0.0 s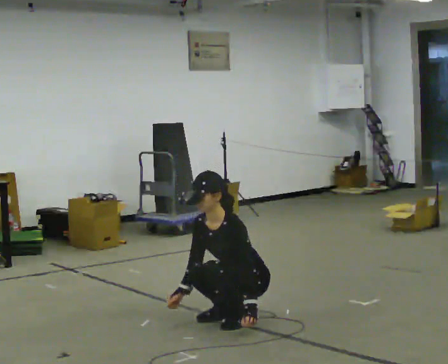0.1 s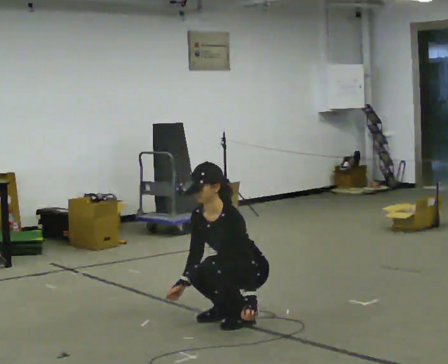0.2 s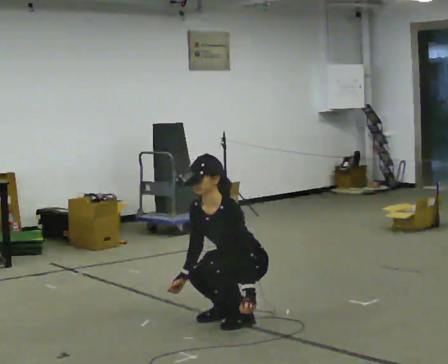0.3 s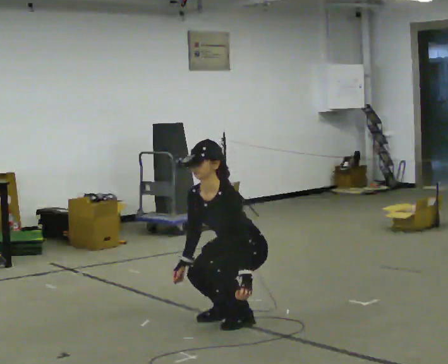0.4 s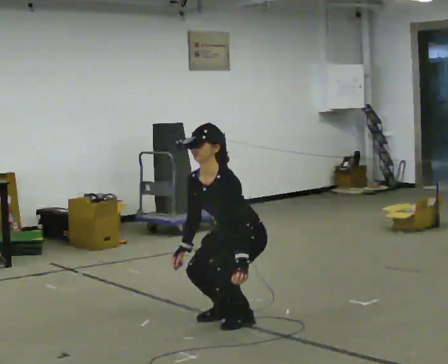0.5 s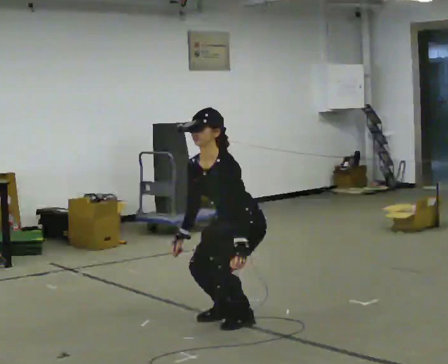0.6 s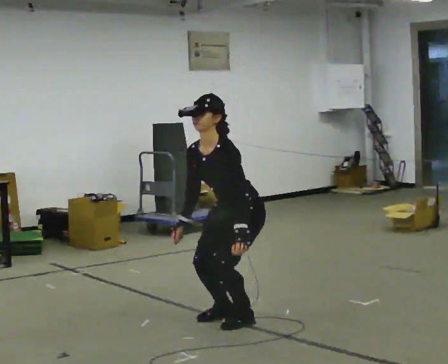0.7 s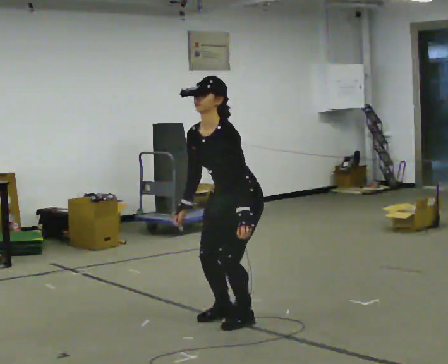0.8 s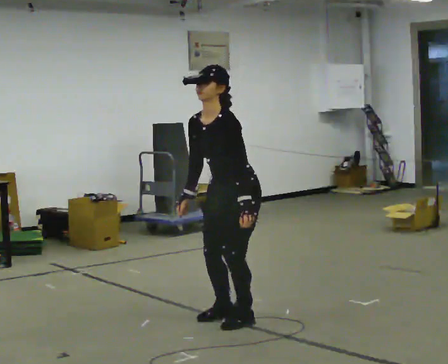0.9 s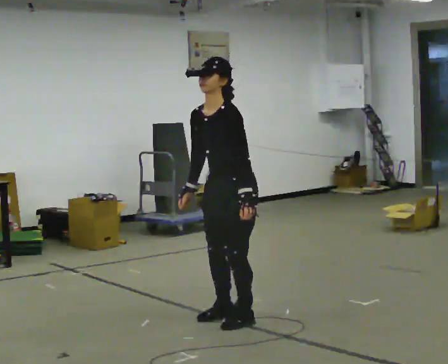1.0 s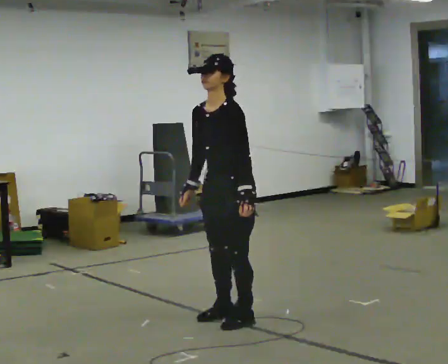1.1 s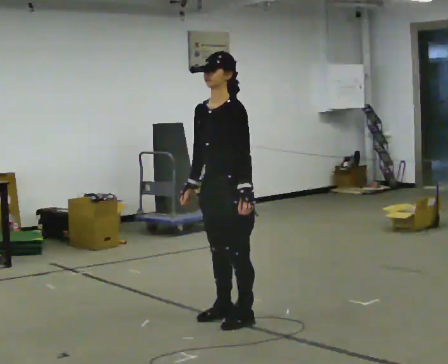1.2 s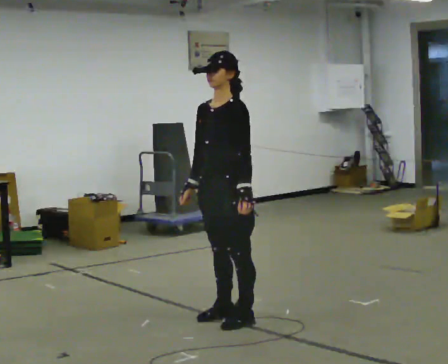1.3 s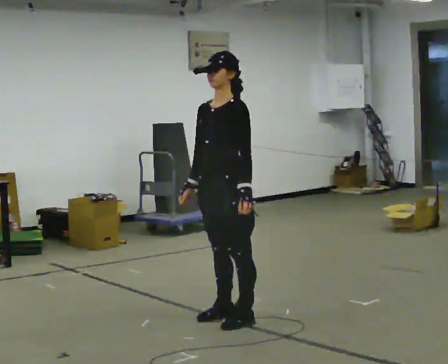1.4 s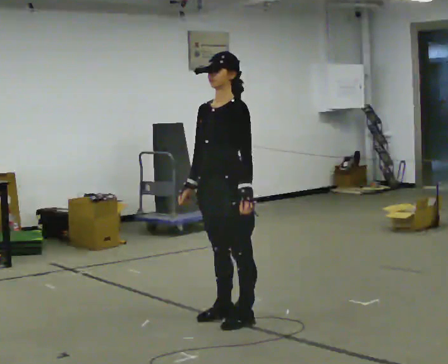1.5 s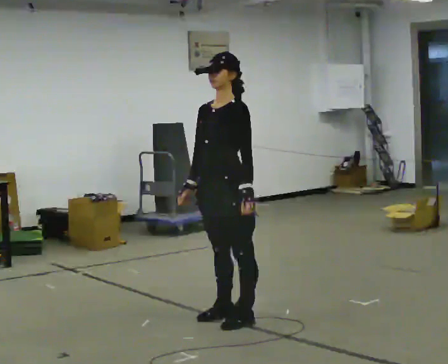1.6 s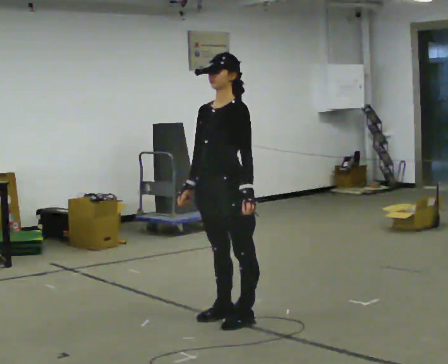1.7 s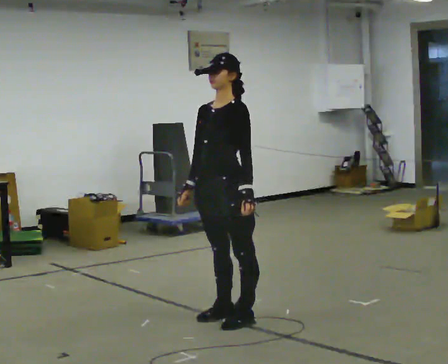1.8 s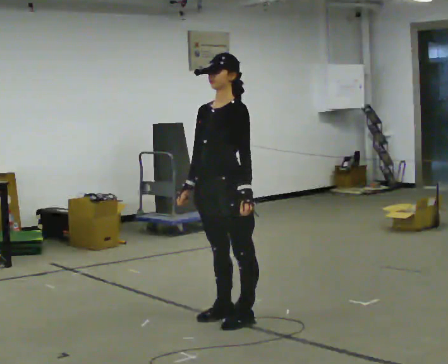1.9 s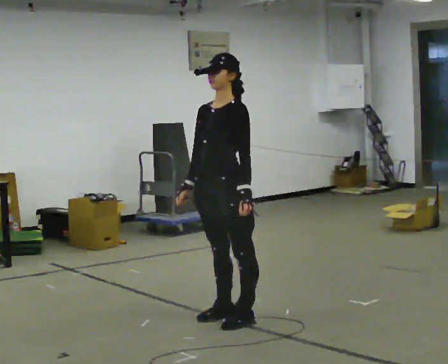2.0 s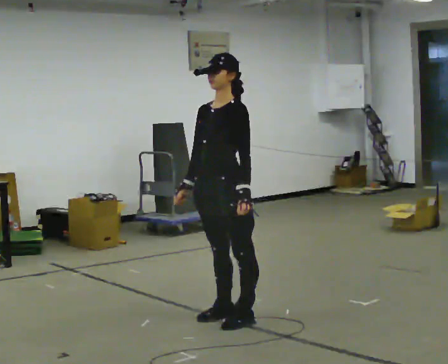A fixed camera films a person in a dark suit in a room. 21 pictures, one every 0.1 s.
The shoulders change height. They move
upward.
Their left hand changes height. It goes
upward.
0.0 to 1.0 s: The shoulders move upward. The upper body tips away from the camera, its near side rolling upward, as they lean back or straighten. In the picture their right hand goes upward.
1.0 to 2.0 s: The person moves a little, or ends about where they began.
The film runs backward here.
